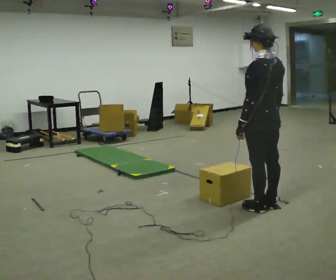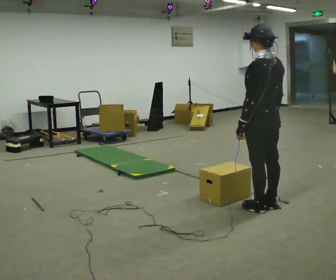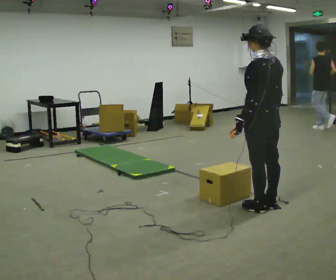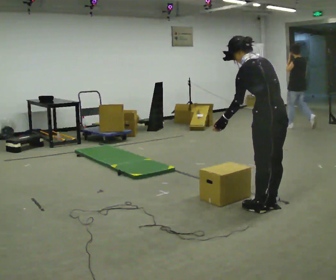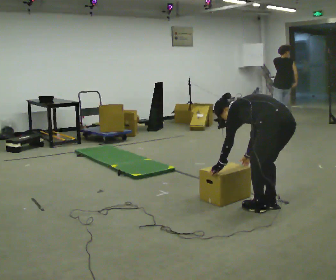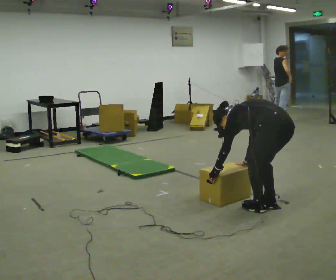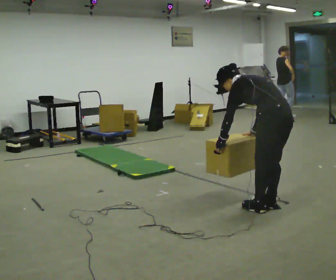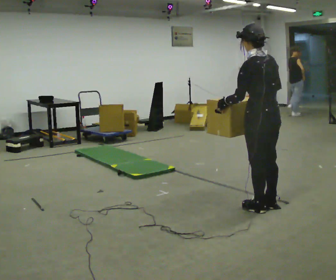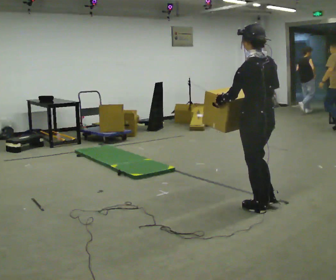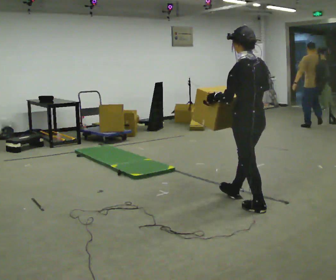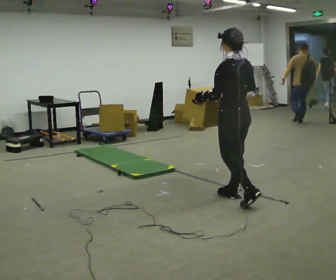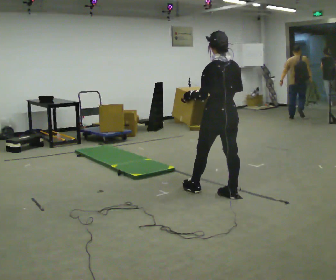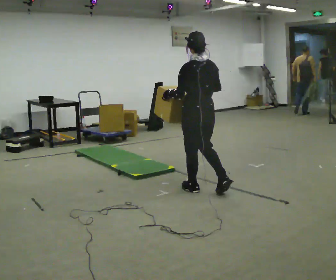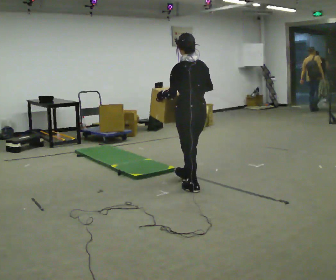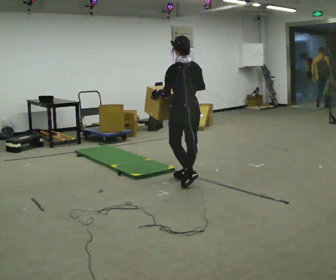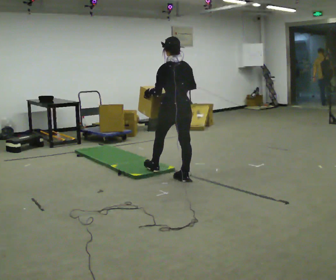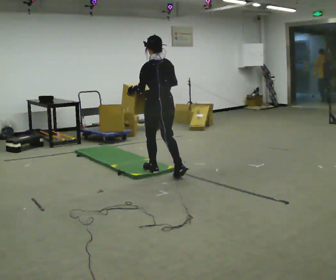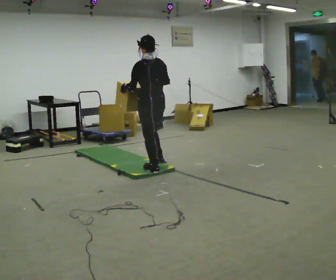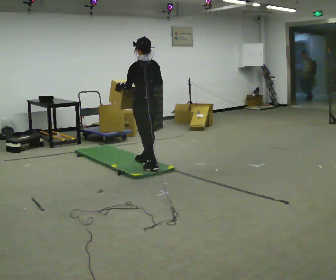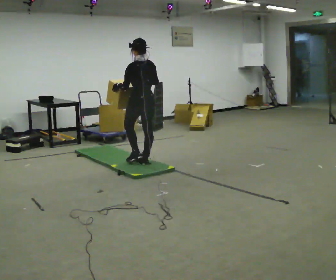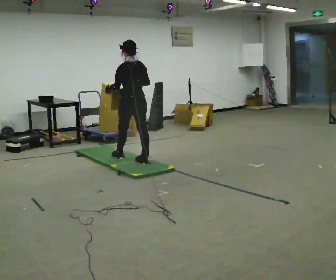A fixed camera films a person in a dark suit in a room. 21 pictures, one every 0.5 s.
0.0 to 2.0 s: The upper body goes downward. In the picture the upper body tilts counterclockwise, shoulders to the left, as they bend forward. In the picture their right hand goes downward.
2.0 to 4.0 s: In the picture they go to the left, about 0.25 m, which for them is forward. The shoulders move upward. The upper body tips toward the camera, its near side rolling downward, as they lean back or straighten. In the picture their right hand goes upward.
4.0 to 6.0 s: In the picture they go to the left and away from the camera, about 0.5 m in 2 steps, which for them is forward.
6.0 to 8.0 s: In the picture they go away from the camera and to the left, about 1 m in 2 steps, which for them is forward.
8.0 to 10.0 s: In the picture they go away from the camera and to the left, about 0.75 m in 2 steps, which for them is forward.
The film runs forward here.
